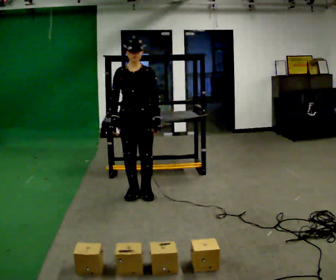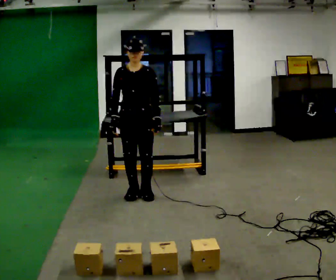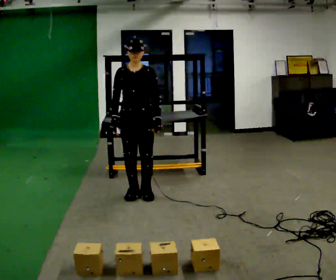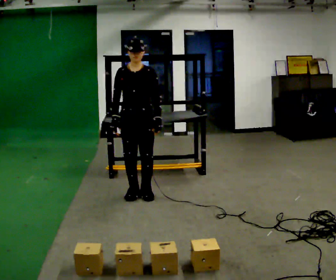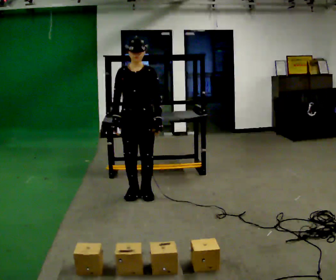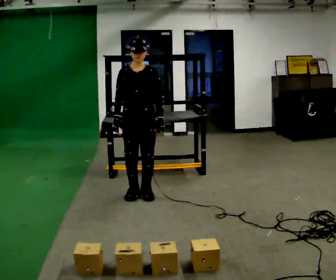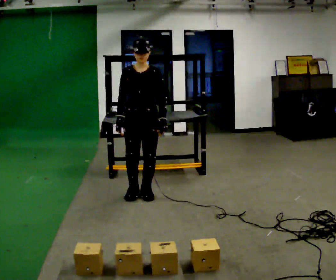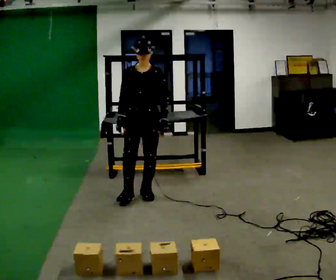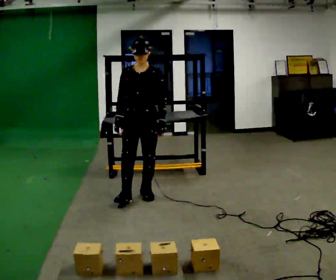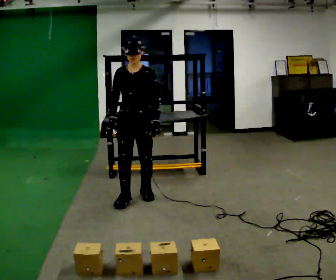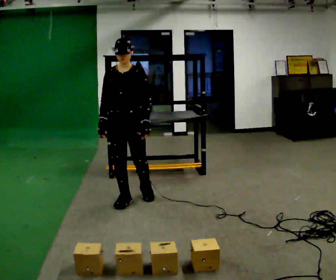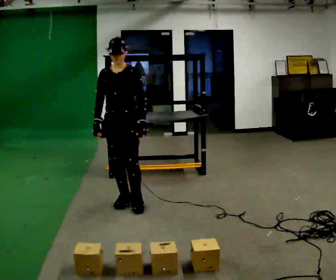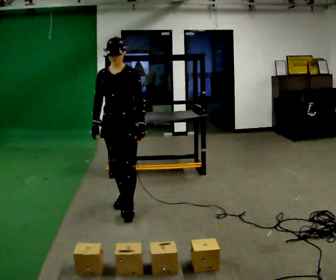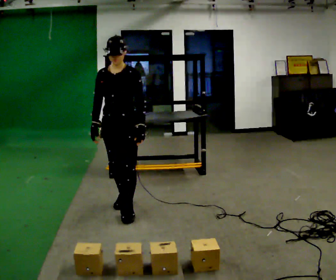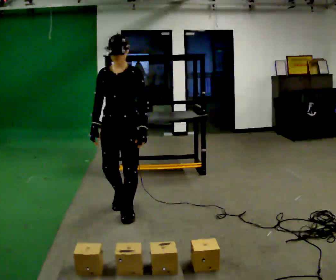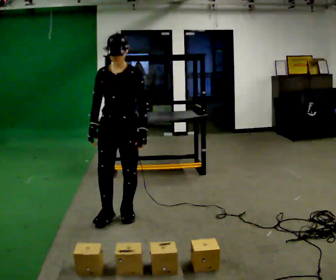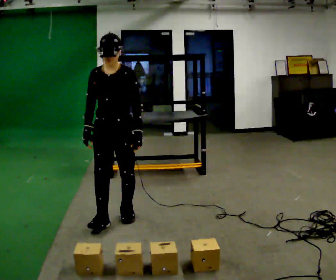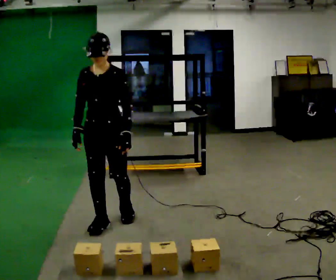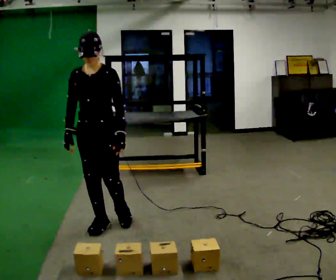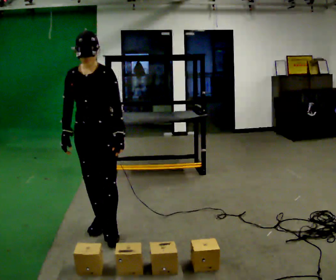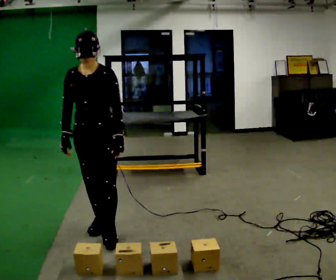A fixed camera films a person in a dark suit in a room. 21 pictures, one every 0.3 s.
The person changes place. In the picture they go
toward the camera.
0.0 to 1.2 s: The person keeps their place and pose.
1.2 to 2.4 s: The person moves a little, or ends about where they began.
2.4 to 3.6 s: In the picture they go toward the camera and to the left, about 0.25 m in 1 step, which for them is forward and to their right.
3.6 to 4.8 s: In the picture they go toward the camera, about 0.25 m in 1 step, which for them is forward.
4.8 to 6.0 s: In the picture they go toward the camera, about 0.25 m in 1 step, which for them is forward.
The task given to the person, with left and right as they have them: Pick an object up off the floor, carry it across the room, and place it on the highest shelf you can comfortably reach. Keep going until the operator says stop; one object at a time, and do not rush between trips.
The film runs forward here.
